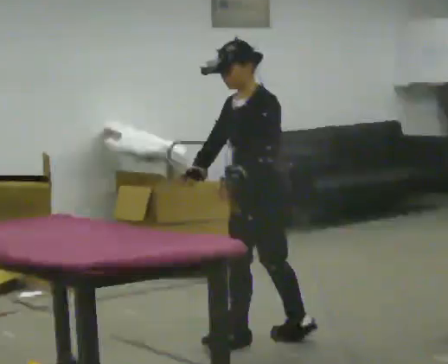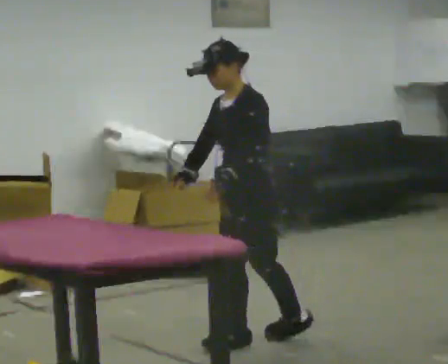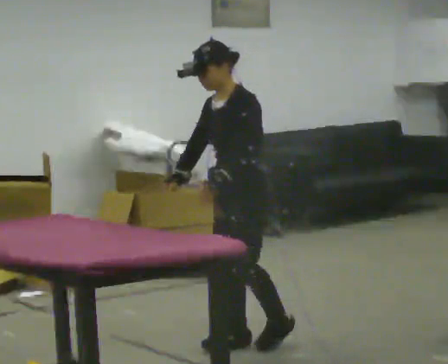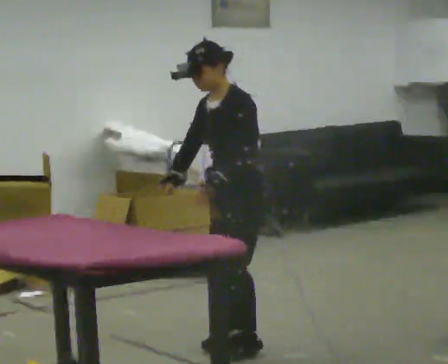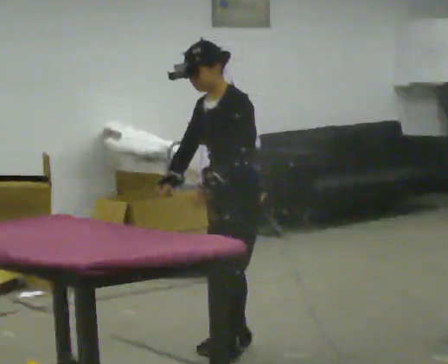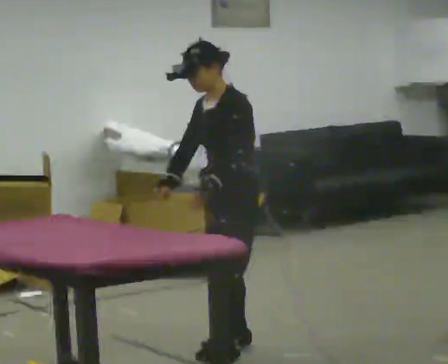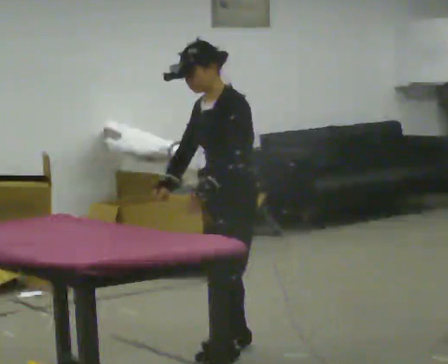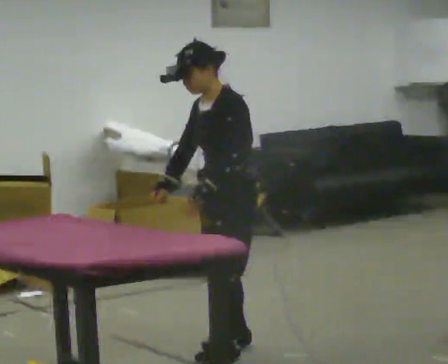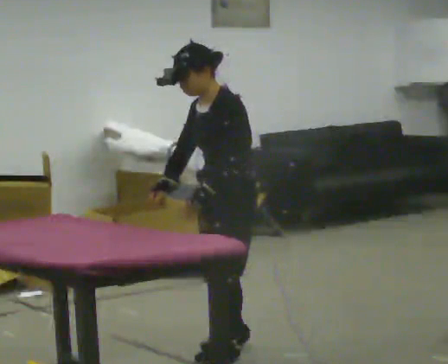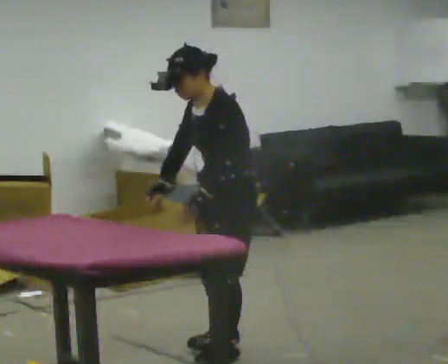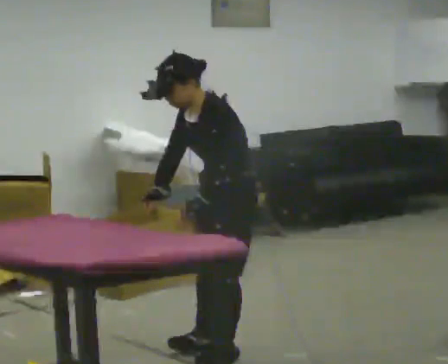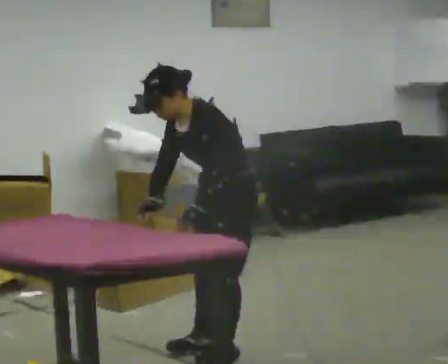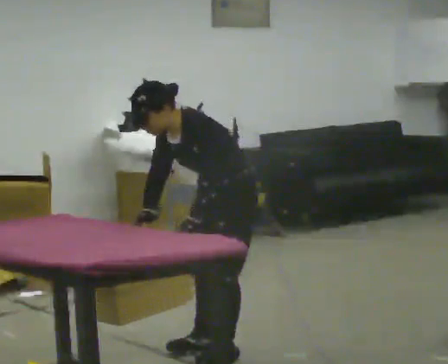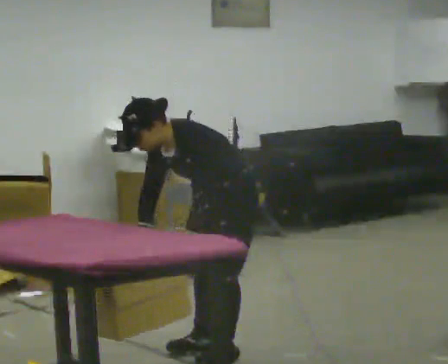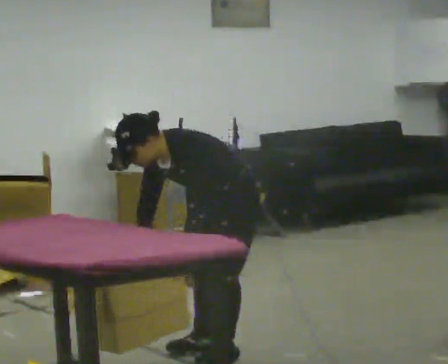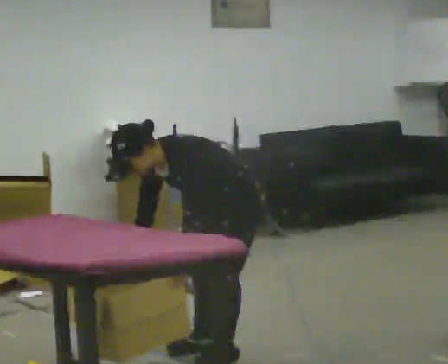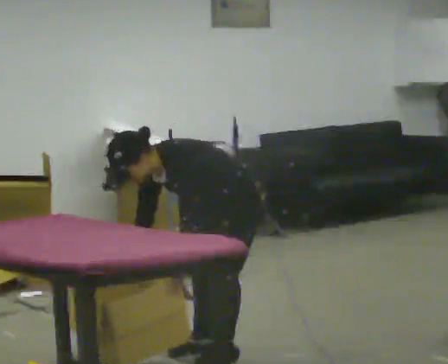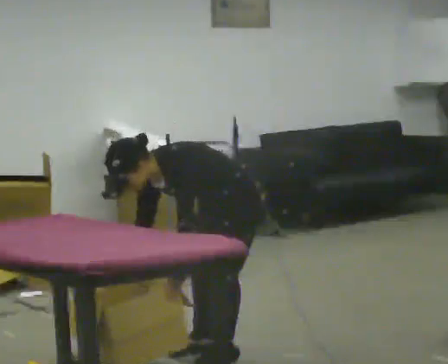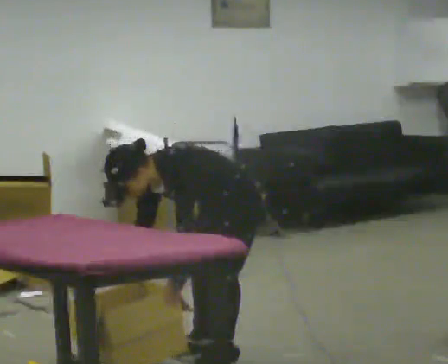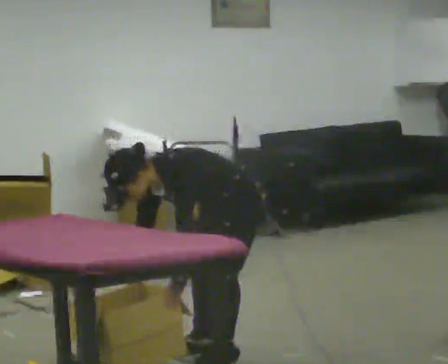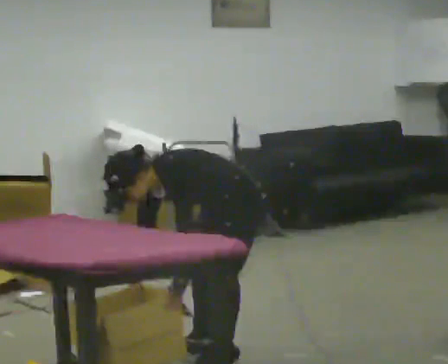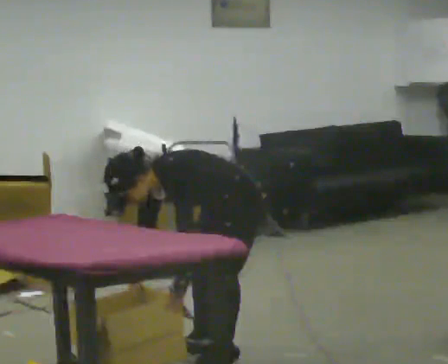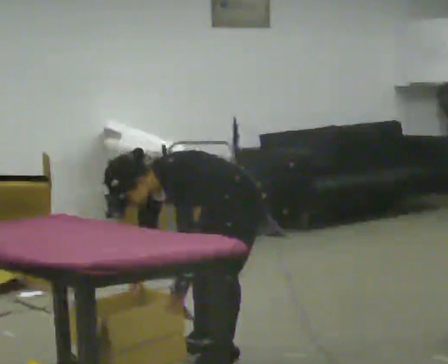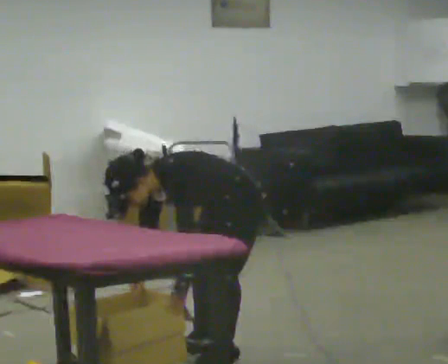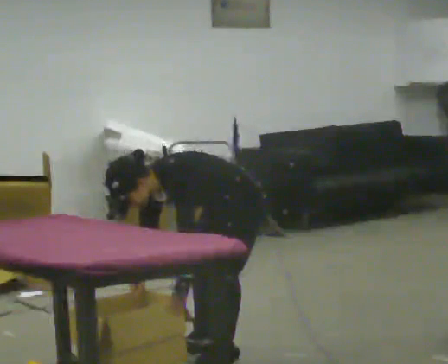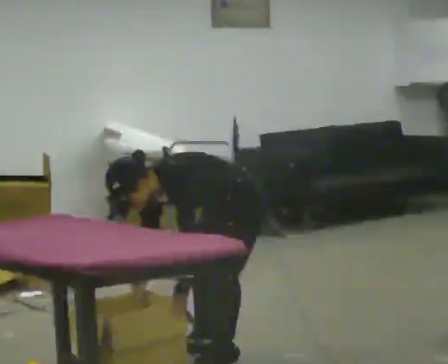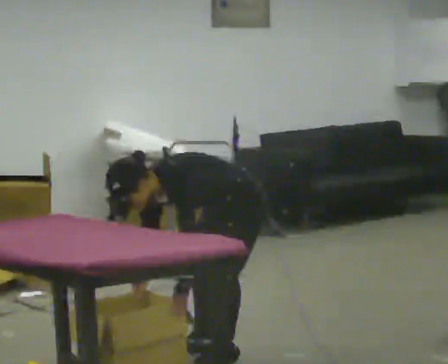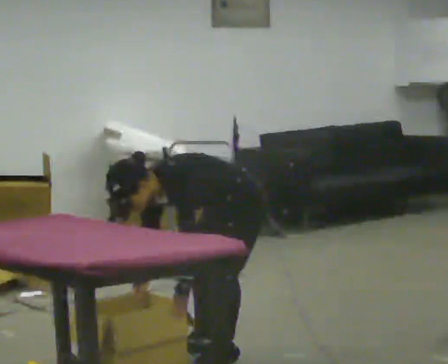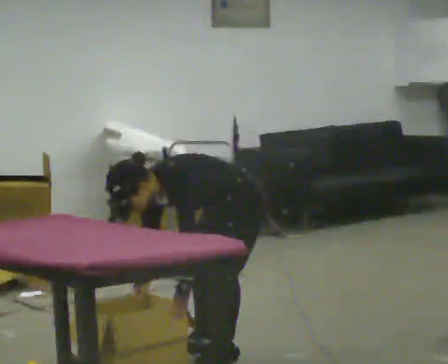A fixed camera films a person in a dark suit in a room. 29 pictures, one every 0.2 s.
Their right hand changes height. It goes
downward.
Their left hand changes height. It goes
downward.
0.0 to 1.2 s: In the picture they go toward the camera, about 0.25 m in 1 step, which for them is forward.
1.2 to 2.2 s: In the picture the upper body tilts counterclockwise, shoulders to the left, as they bend forward.
2.2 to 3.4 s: The shoulders move downward. In the picture the upper body tilts counterclockwise, shoulders to the left, as they bend forward.
3.4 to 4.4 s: The person moves a little, or ends about where they began.
4.4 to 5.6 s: The person keeps their place and pose.
The film runs forward here.
